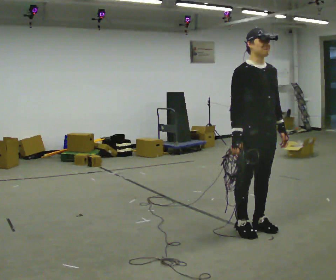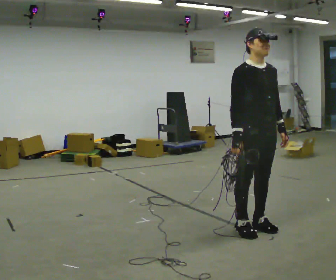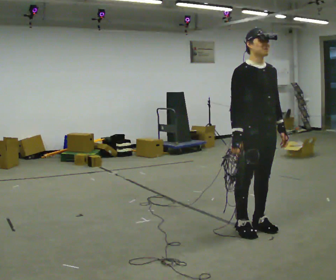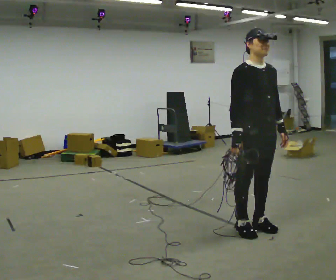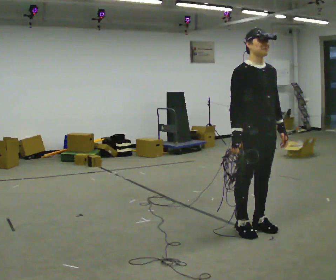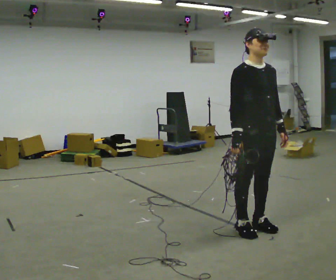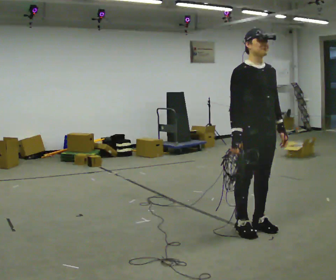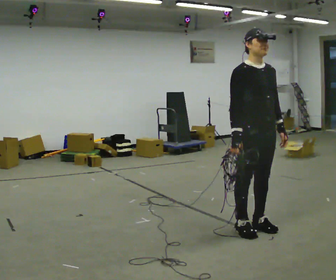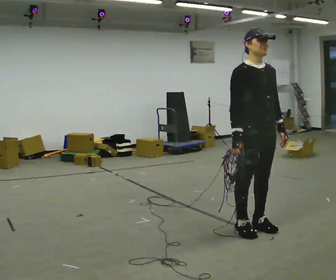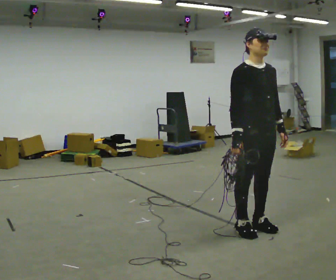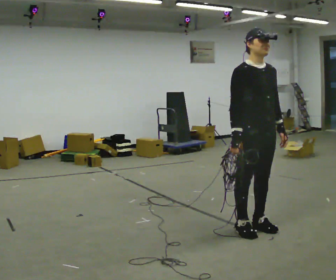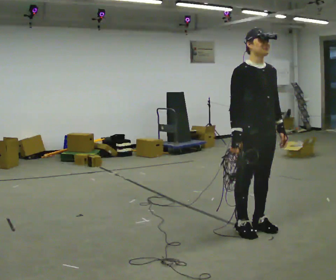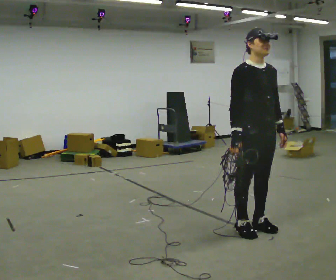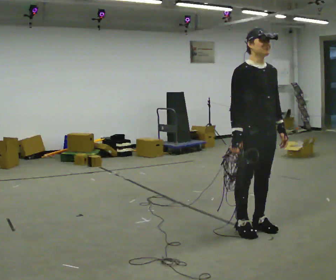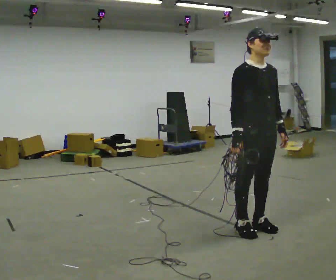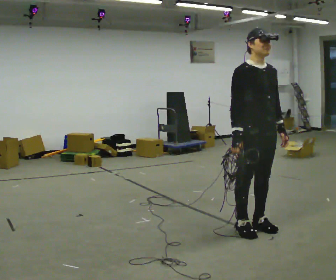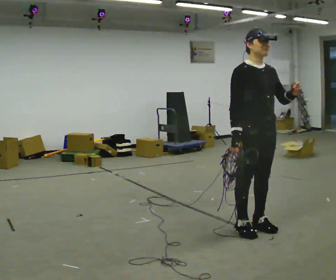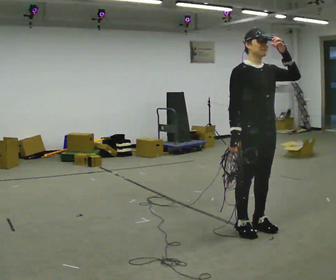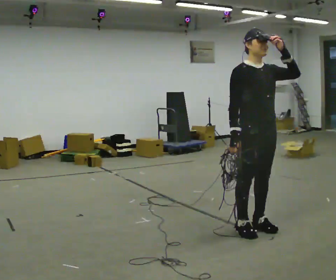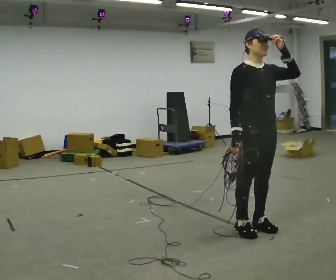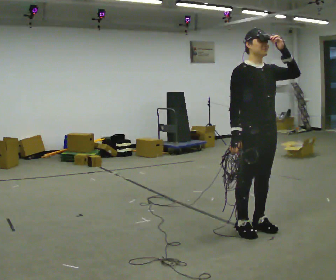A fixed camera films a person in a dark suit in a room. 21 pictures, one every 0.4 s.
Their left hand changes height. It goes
upward.
Their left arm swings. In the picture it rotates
counterclockwise.
0.0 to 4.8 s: The person keeps their place and pose.
4.8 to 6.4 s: In the picture their left hand goes upward.
6.4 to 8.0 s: The person moves a little, or ends about where they began.
The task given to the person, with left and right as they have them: Pick up the coiled hose, carry it across the room, and set it down. It will move around as you walk. Keep going until the operator says stop; one object at a time, and do not rush between trips.
The film runs forward here.
